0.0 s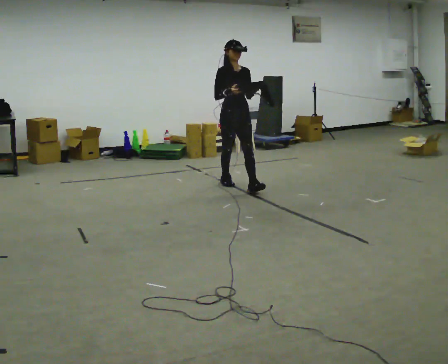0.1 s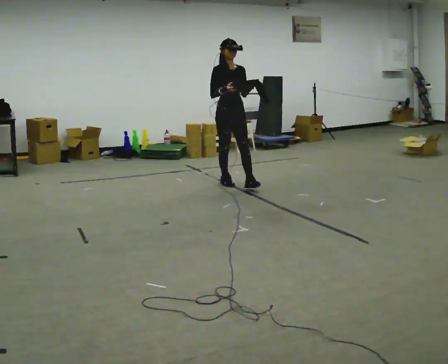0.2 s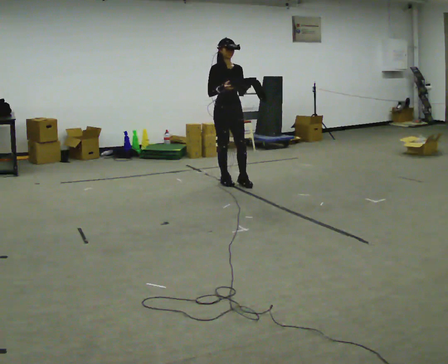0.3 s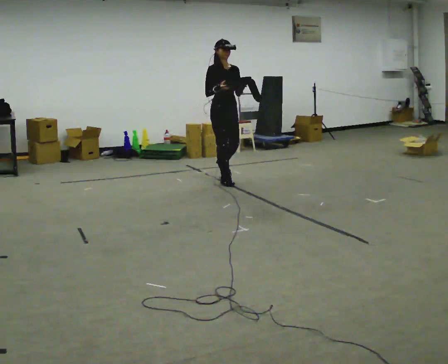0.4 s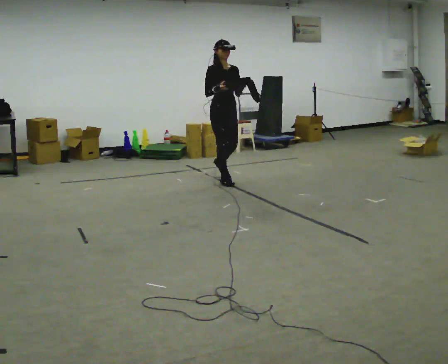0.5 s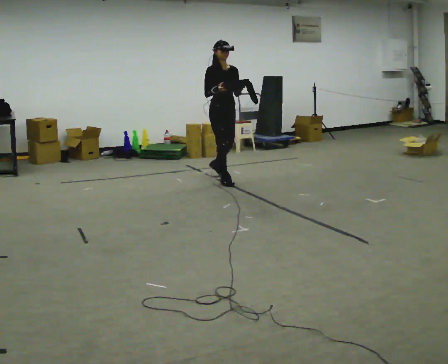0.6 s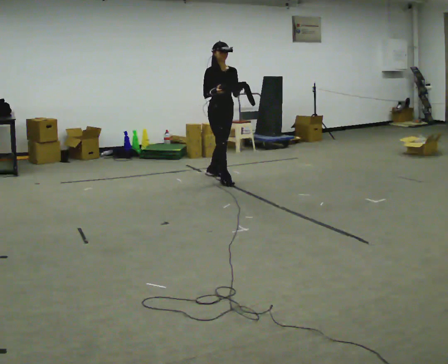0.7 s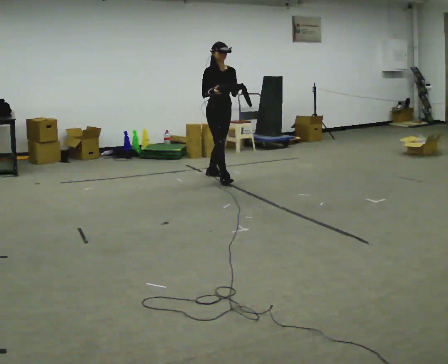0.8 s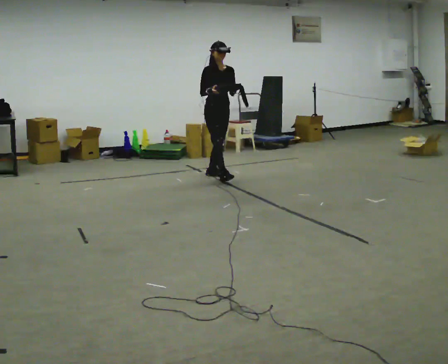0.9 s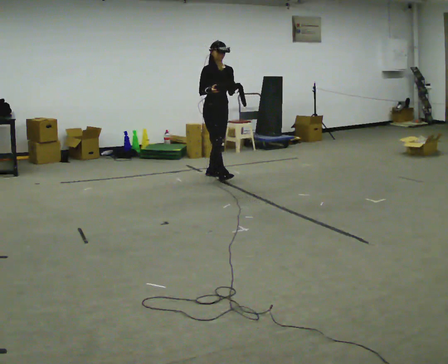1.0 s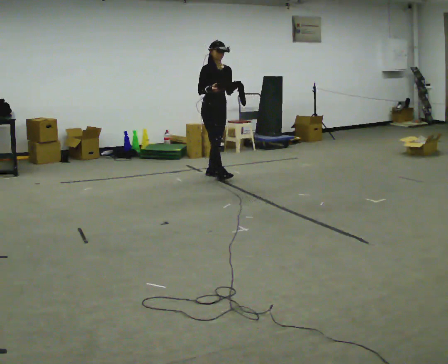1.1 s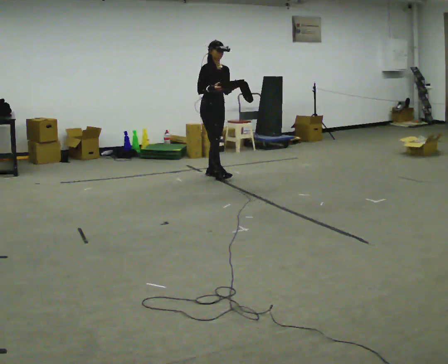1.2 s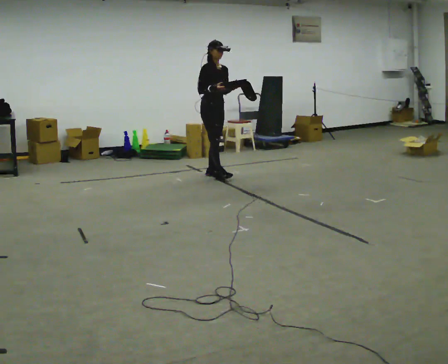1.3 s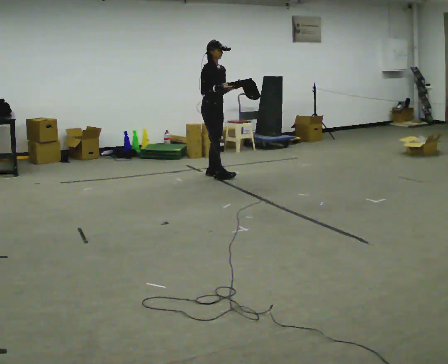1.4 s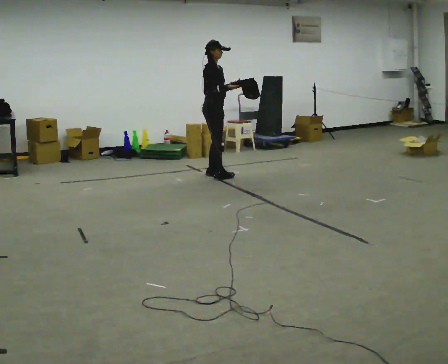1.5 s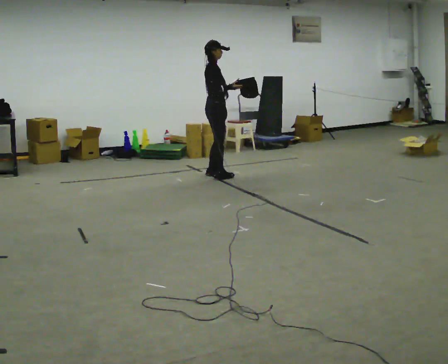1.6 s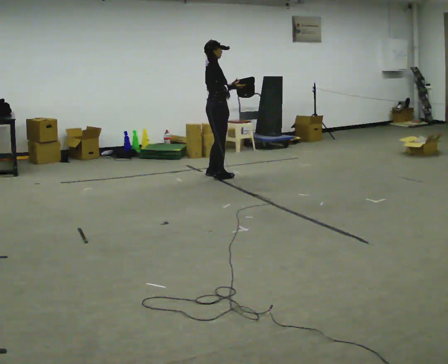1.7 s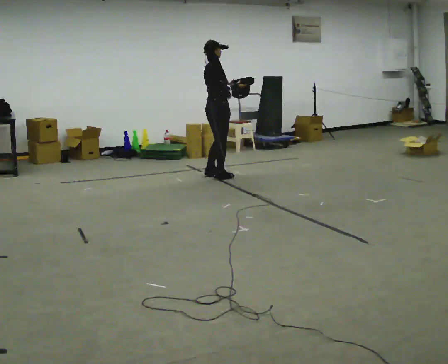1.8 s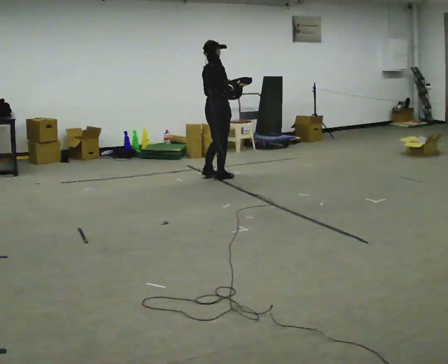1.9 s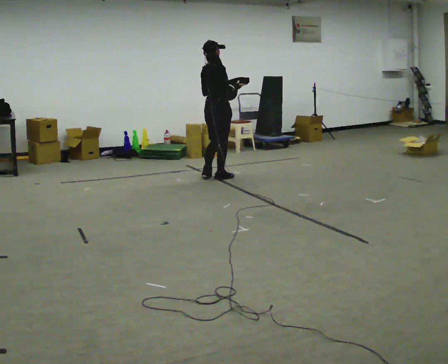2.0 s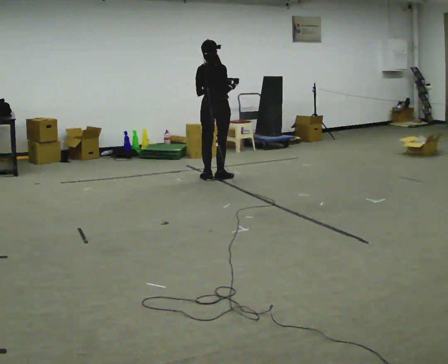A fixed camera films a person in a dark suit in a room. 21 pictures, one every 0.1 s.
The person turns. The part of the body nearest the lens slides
to the right.
The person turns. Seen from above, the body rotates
counterclockwise.
0.0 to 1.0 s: In the picture they go away from the camera and to the left, about 0.5 m in 1 step, which for them is backward.
1.0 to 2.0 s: Seen from above the body turns counterclockwise, about 120 degrees: to their left, with its near side sliding to the right.
The film runs backward here.
